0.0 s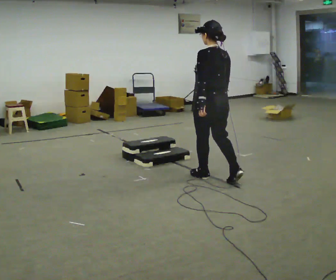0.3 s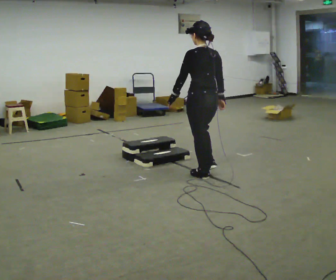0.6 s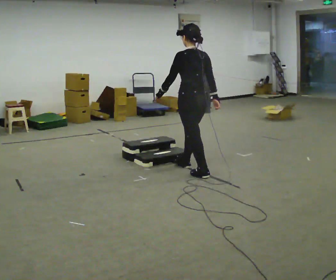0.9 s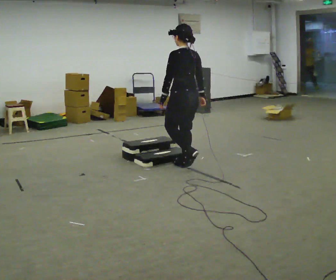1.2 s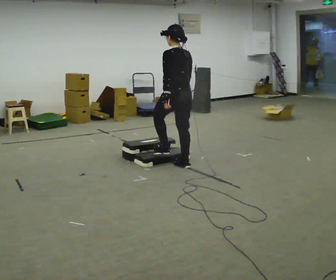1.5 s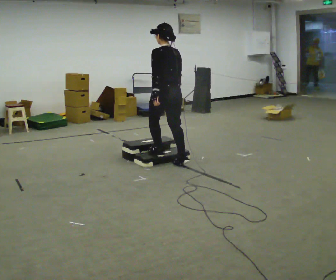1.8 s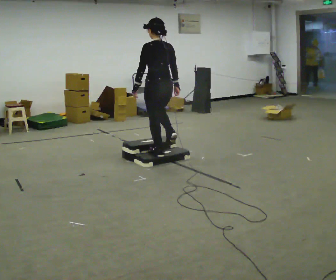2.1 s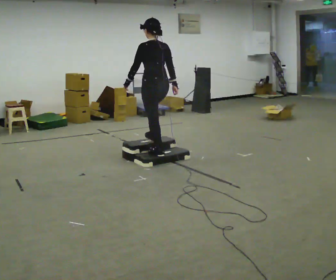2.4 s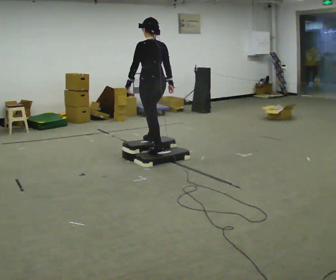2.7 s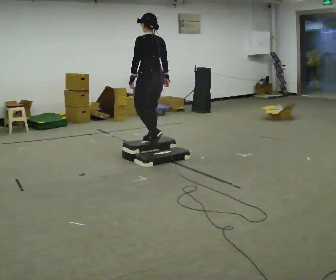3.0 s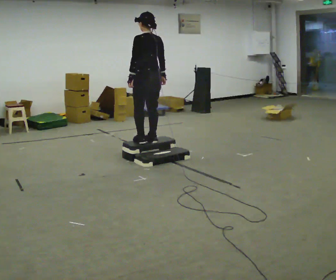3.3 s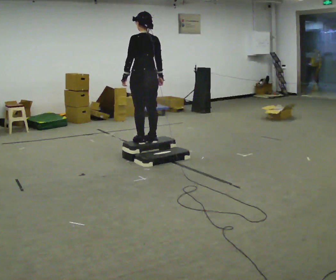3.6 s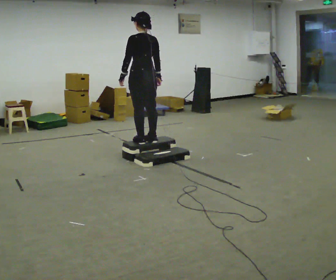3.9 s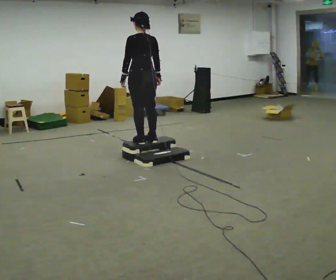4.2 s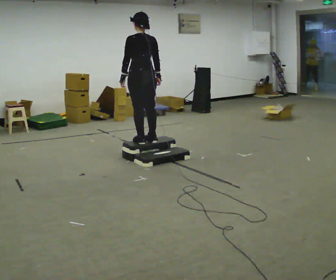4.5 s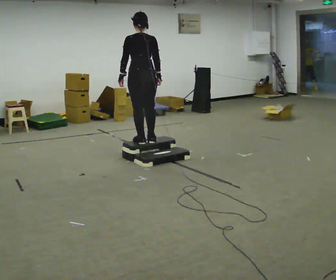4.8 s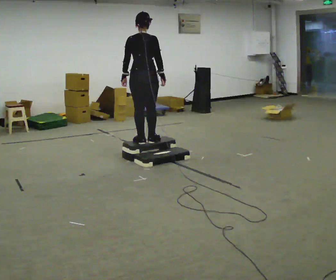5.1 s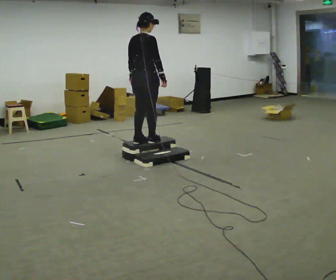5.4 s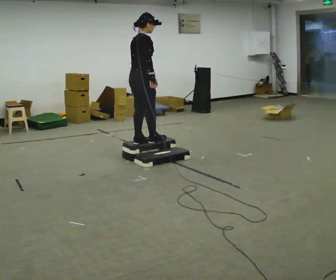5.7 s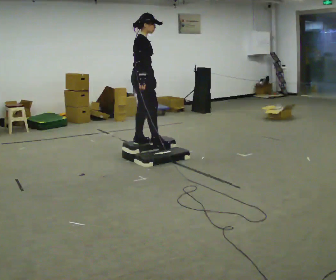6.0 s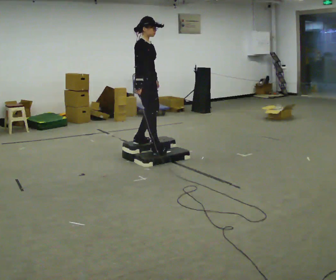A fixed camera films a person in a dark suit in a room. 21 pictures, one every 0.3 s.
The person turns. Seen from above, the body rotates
clockwise.
The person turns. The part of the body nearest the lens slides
to the left.
0.0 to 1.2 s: In the picture they go away from the camera and to the left, about 0.5 m in 1 step, which for them is forward.
1.2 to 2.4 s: In the picture they go away from the camera and to the left, about 0.5 m in 2 steps, which for them is forward.
2.4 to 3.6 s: The person moves a little, or ends about where they began.
3.6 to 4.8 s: The part of the body nearest the lens slides to the left as the person turns to their right by about 45 degrees.
4.8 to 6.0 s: The part of the body nearest the lens slides to the left as the person turns to their right by about 90 degrees. In the picture their left hand goes to the right, the arm swinging counterclockwise.
The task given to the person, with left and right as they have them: Walk up the three steps, turn at the top, and walk back down at a comfortable speed. Use the handrail only if you need it.
The film runs forward here.
